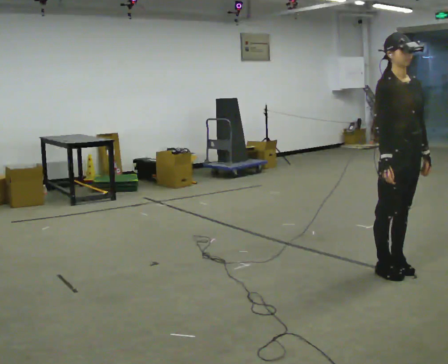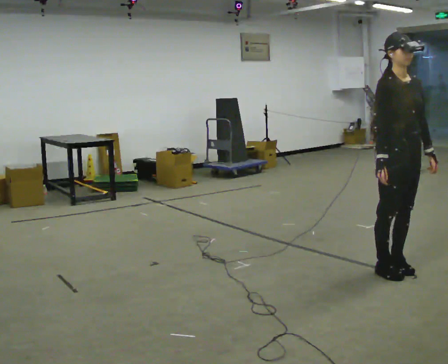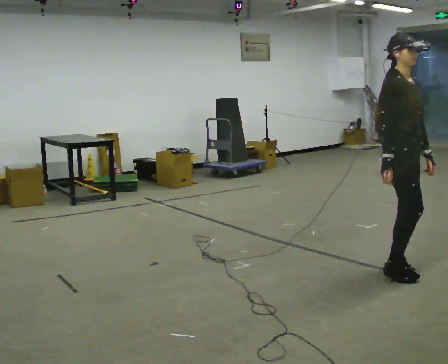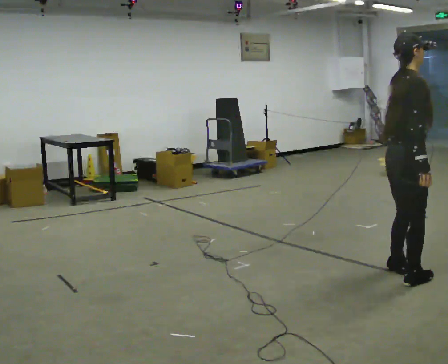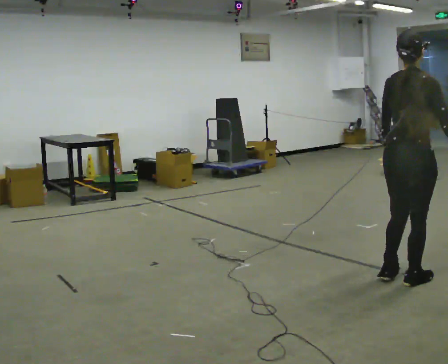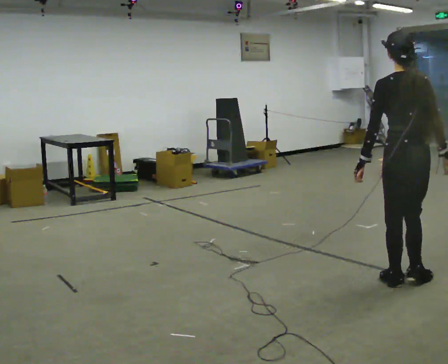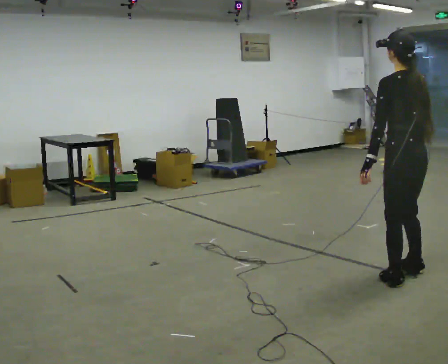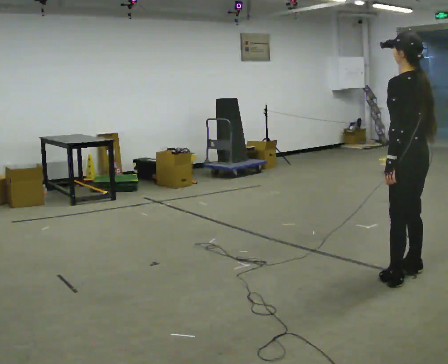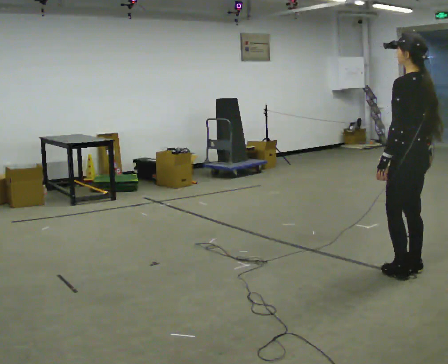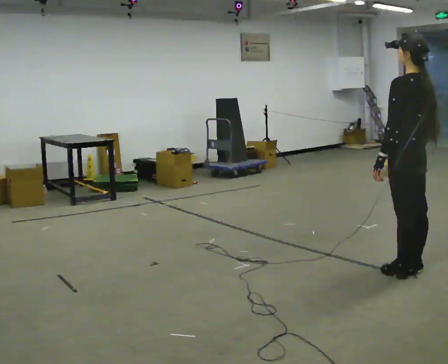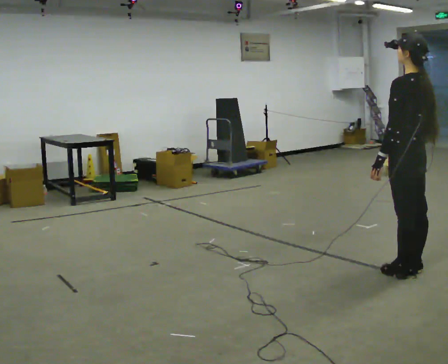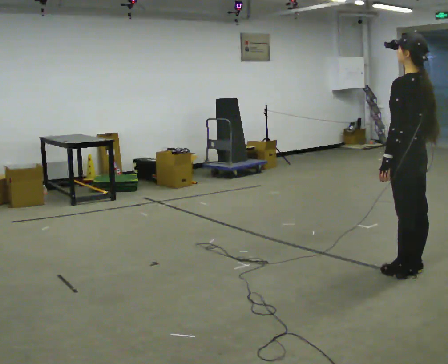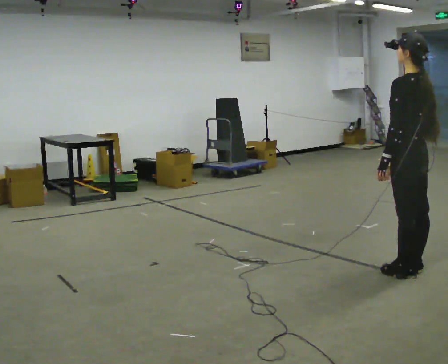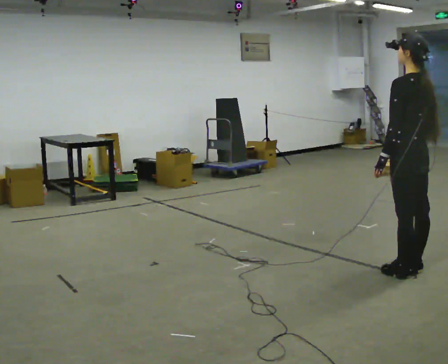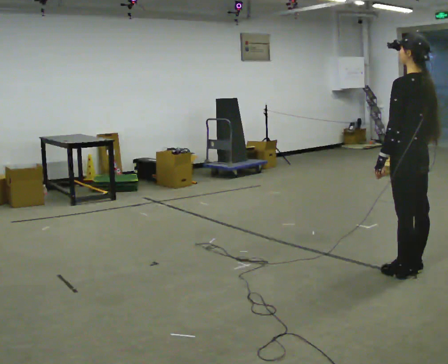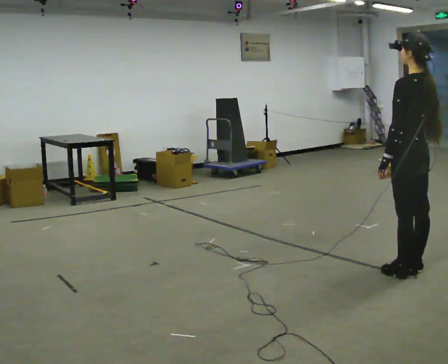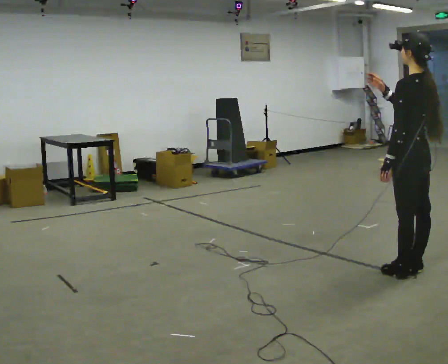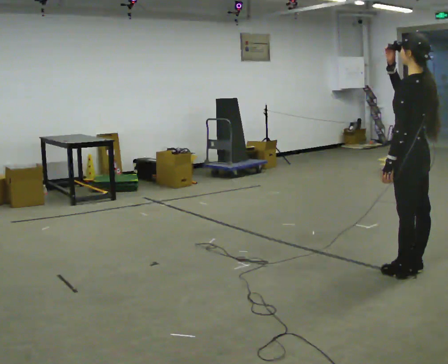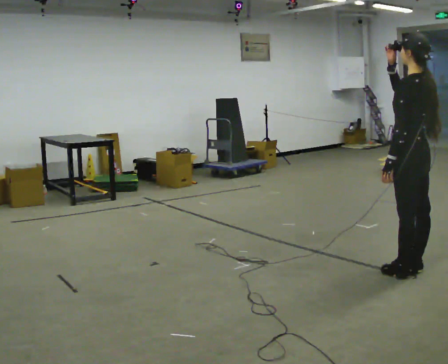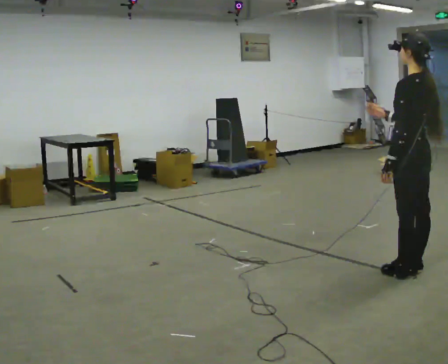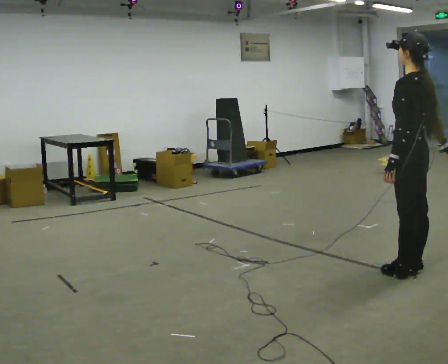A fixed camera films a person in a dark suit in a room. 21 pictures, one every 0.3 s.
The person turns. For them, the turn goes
to their left.
The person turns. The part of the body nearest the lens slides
to the right.
0.0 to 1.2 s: The person turns about 120 degrees to their left, counterclockwise seen from above, so the part of the body nearest the lens slides to the right. In the picture they go toward the camera, about 0.25 m in 1 step. In the picture their right hand goes to the right, the arm swinging counterclockwise.
1.2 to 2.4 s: The person turns about 75 degrees to their left, counterclockwise seen from above, so the part of the body nearest the lens slides to the right. In the picture they go away from the camera, about 0.25 m in 3 steps.
2.4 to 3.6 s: The person moves a little, or ends about where they began.
3.6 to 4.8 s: In the picture their right hand goes upward.
4.8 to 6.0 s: In the picture their right hand goes to the right and downward.
The film runs forward here.
